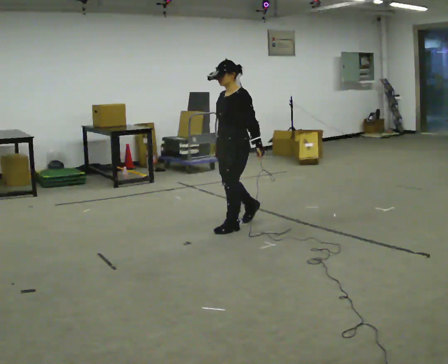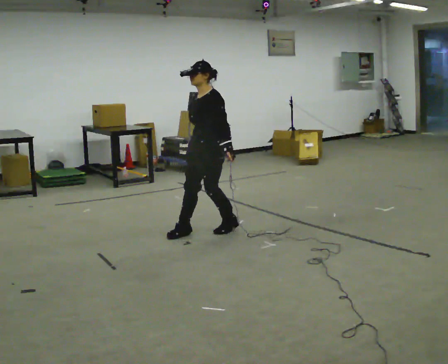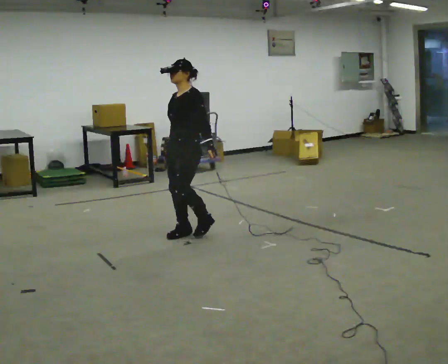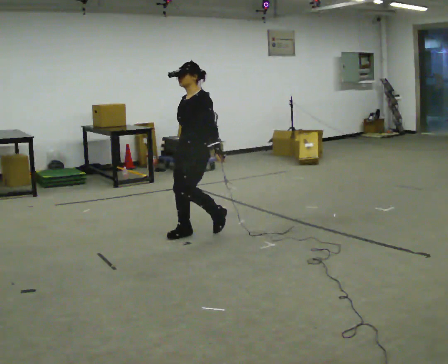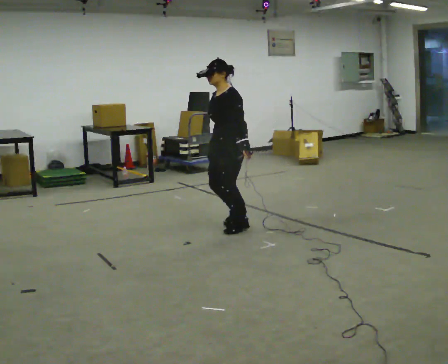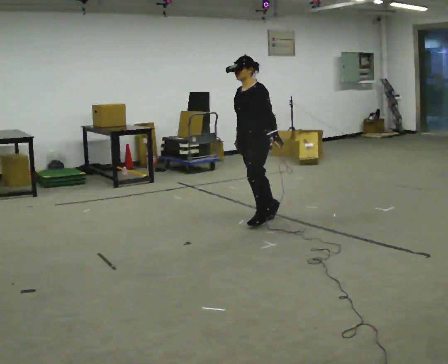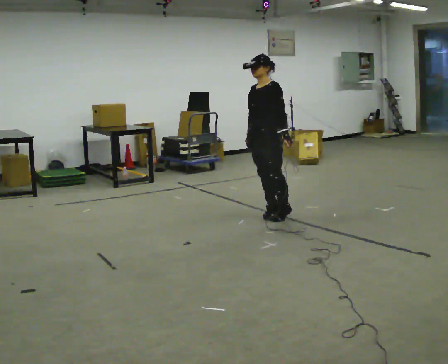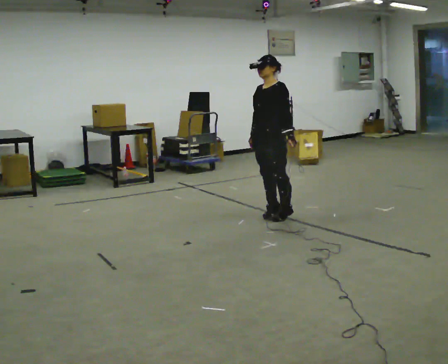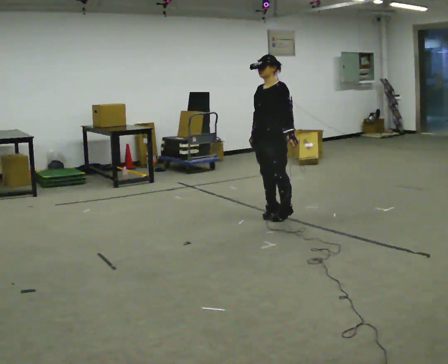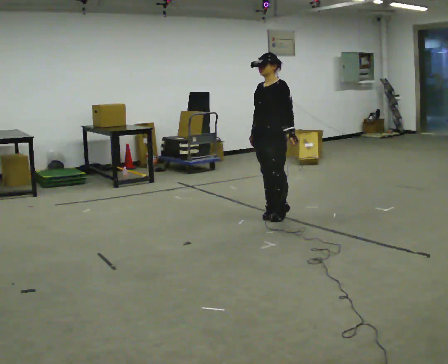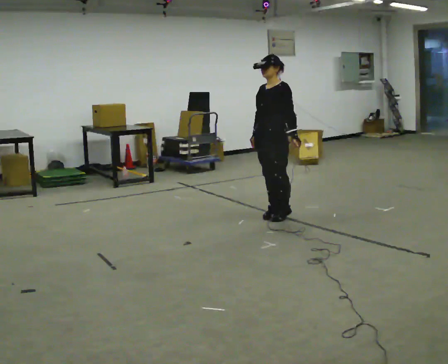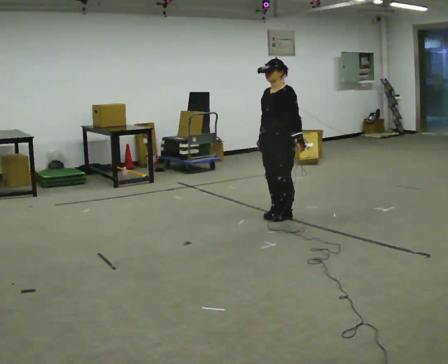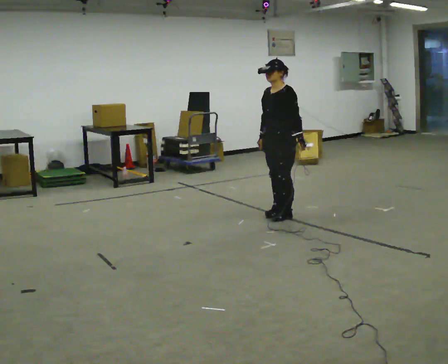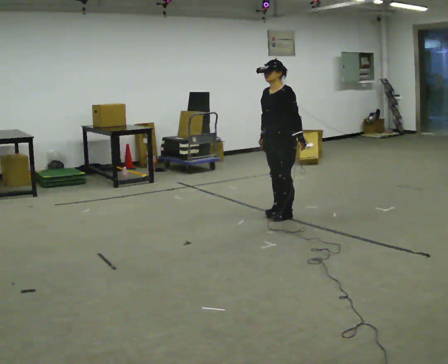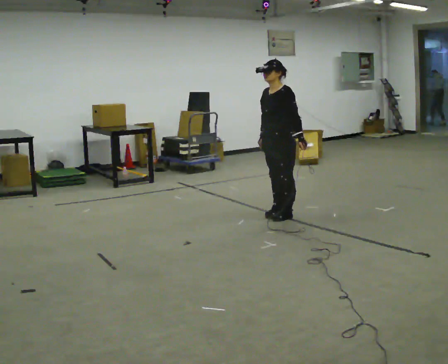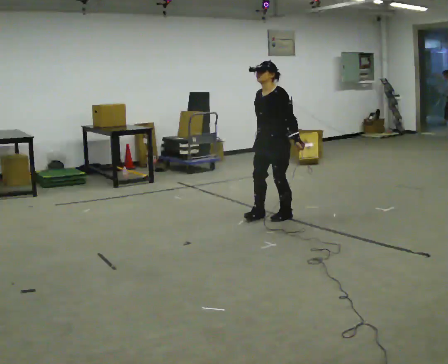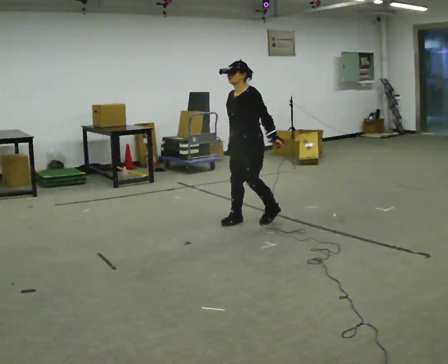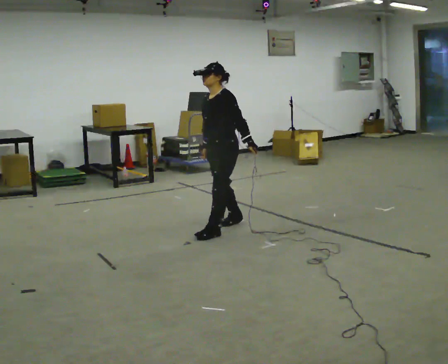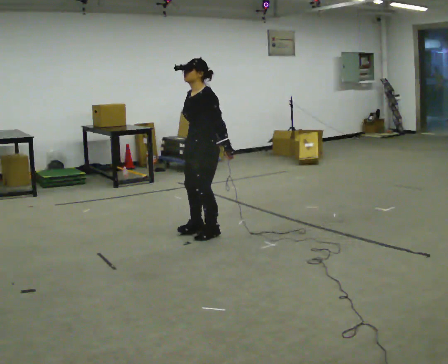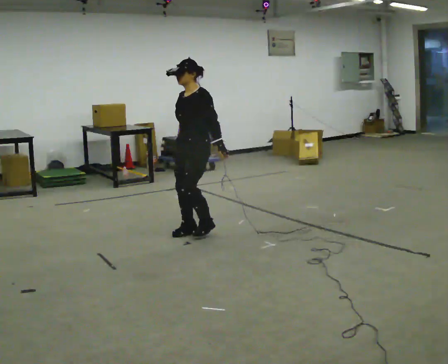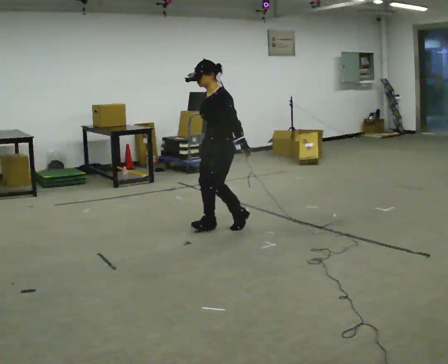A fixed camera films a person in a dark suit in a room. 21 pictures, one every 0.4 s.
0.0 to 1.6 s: The person moves a little, or ends about where they began.
1.6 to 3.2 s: In the picture they go to the right and away from the camera, about 0.5 m in 1 step, which for them is backward.
3.2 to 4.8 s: The person moves a little, or ends about where they began.
4.8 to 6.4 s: In the picture they go to the left and toward the camera, about 0.25 m in 2 steps, which for them is forward.
6.4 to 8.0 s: In the picture they go toward the camera and to the left, about 0.25 m in 3 steps, which for them is forward.
The film runs backward here.
